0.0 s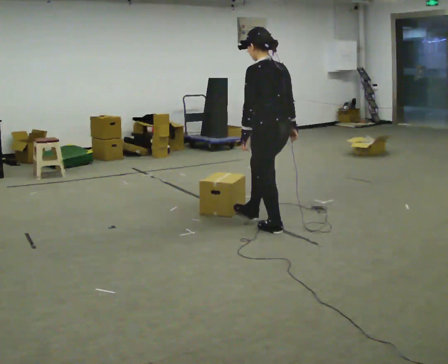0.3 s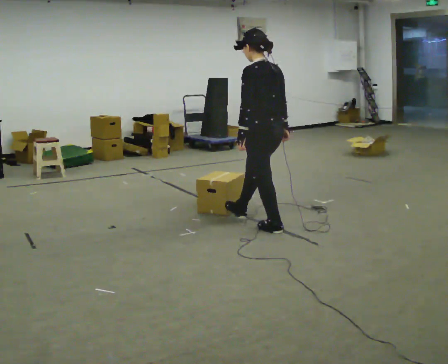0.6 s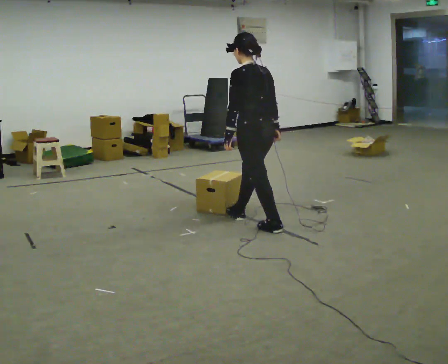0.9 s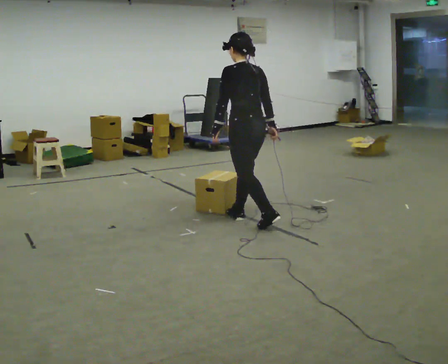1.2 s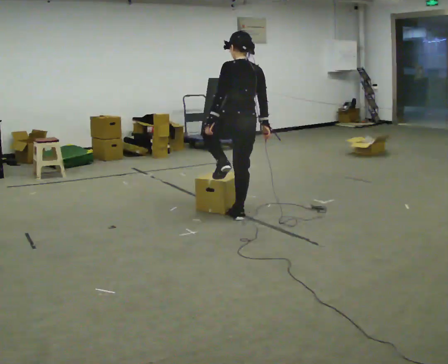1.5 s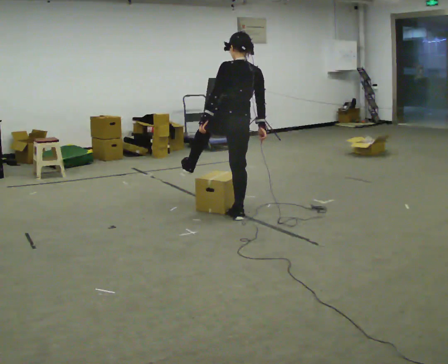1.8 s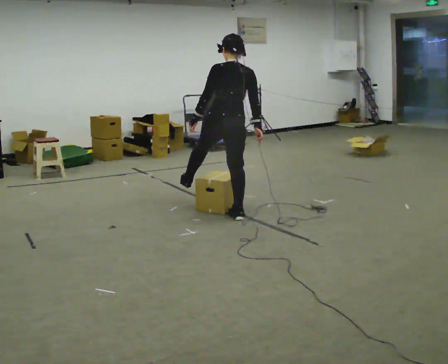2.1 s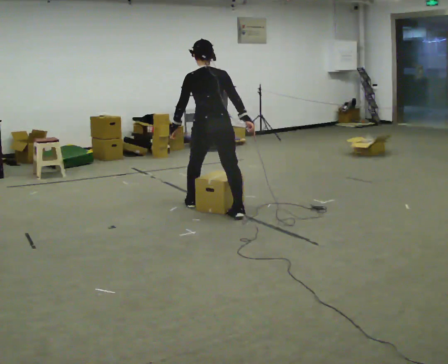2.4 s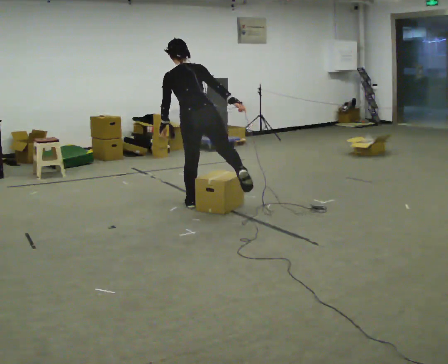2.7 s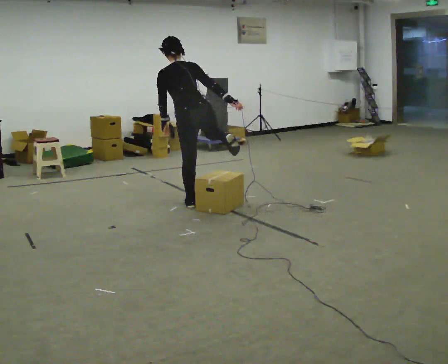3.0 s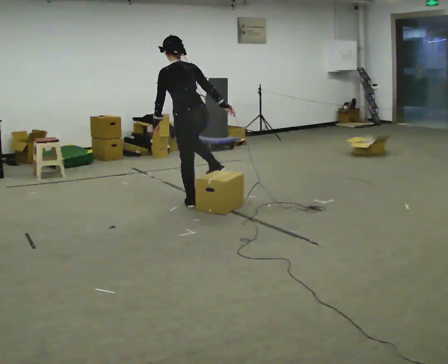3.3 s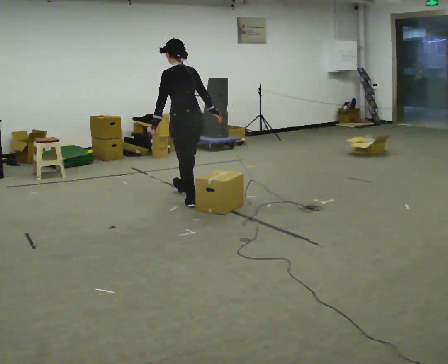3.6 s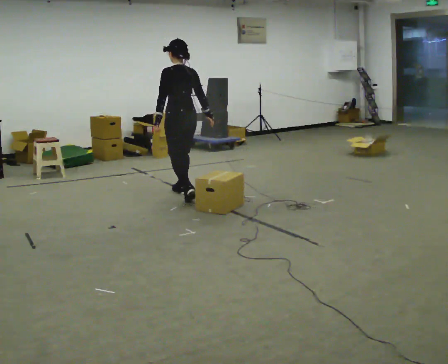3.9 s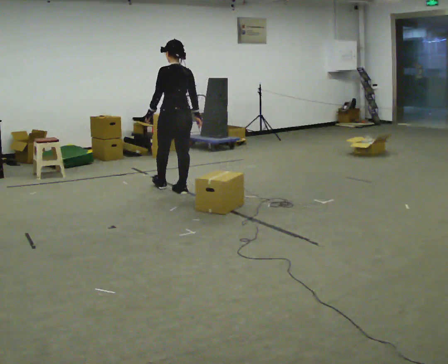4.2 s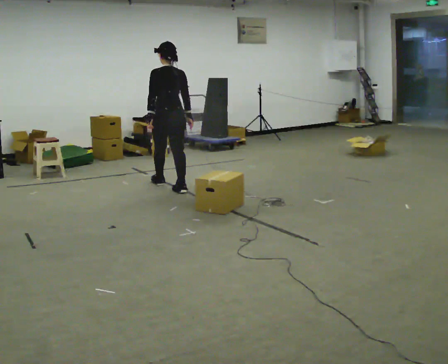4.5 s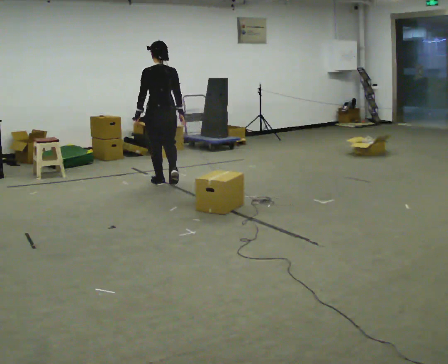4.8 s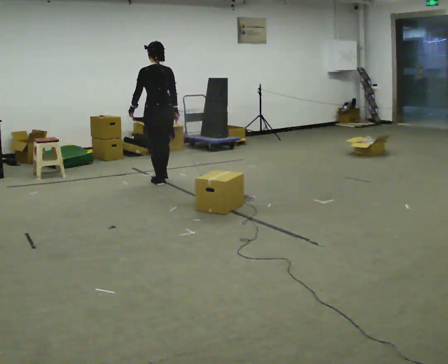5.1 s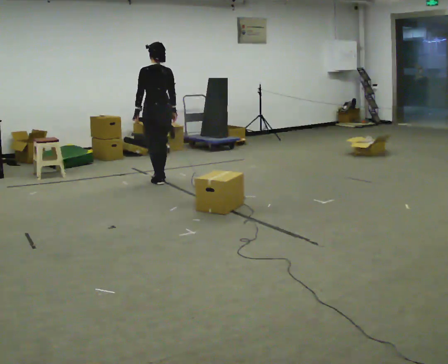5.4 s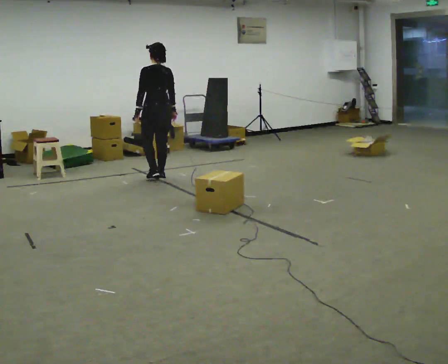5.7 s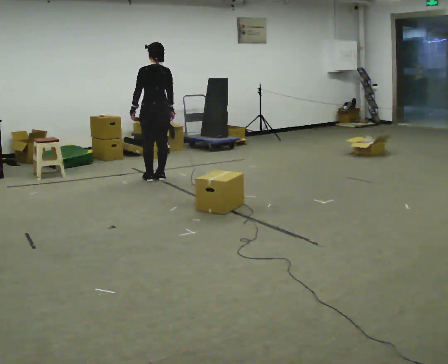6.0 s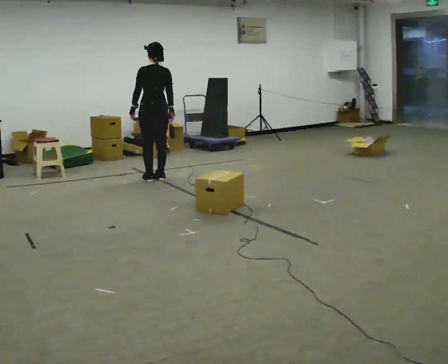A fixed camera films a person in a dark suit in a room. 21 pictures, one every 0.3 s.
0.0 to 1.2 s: The person turns about 30 degrees to their right, clockwise seen from above, so the part of the body nearest the lens slides to the left. In the picture they go away from the camera and to the left, about 0.5 m in 1 step, which for them is forward. In the picture the upper body tilts clockwise, shoulders to the right.
1.2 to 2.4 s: In the picture they go to the left and away from the camera, about 0.5 m in 1 step, which for them is forward and to their left. In the picture the upper body tilts counterclockwise, shoulders to the left.
2.4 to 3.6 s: The person turns about 30 degrees to their left, counterclockwise seen from above, so the part of the body nearest the lens slides to the right. In the picture they go away from the camera and to the left, about 0.5 m in 1 step, which for them is forward. In the picture the upper body tilts clockwise, shoulders to the right, as they lean back or straighten.
3.6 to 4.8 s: In the picture they go away from the camera and to the left, about 0.5 m in 2 steps, which for them is forward.
4.8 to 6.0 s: The person moves a little, or ends about where they began.
The film runs forward here.
